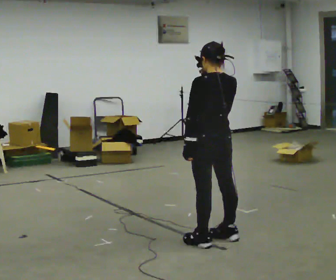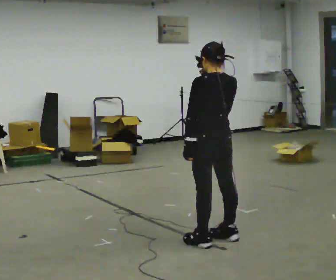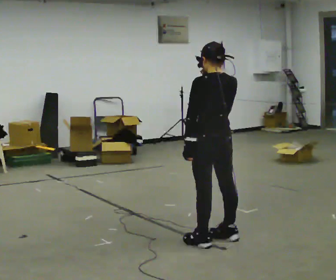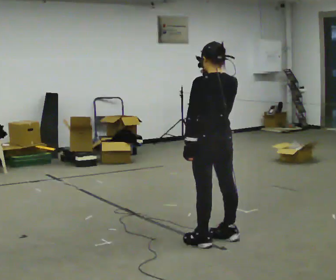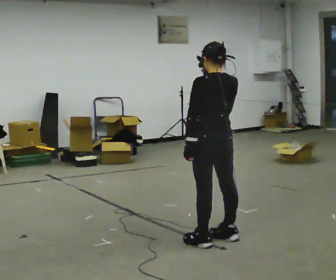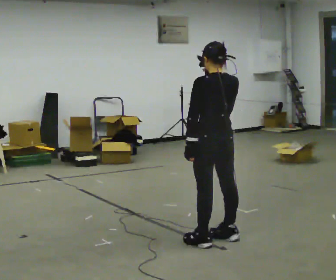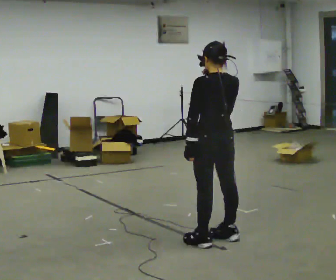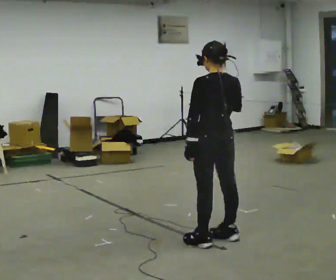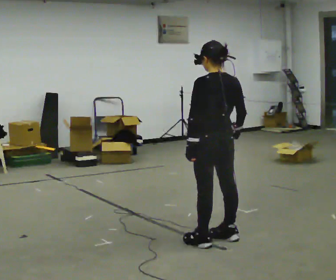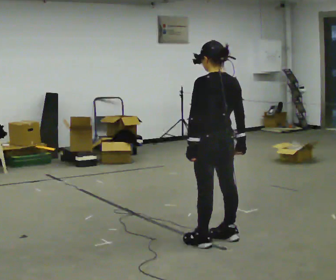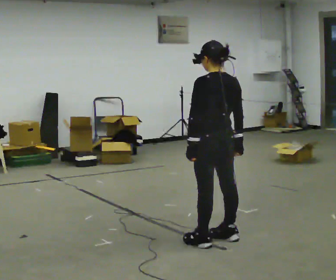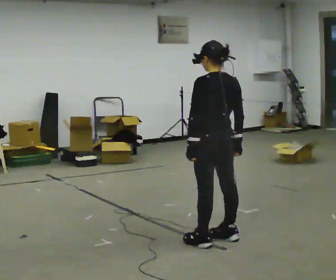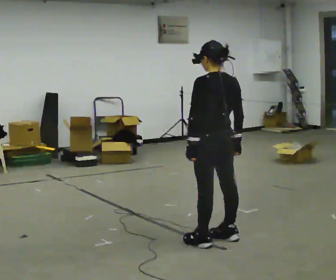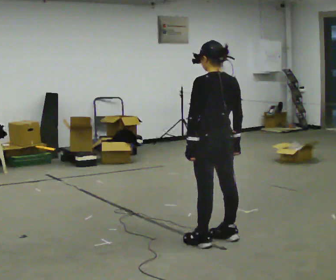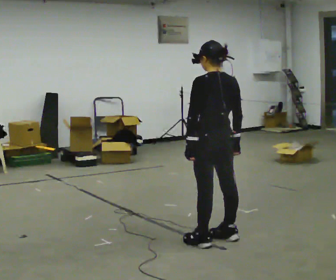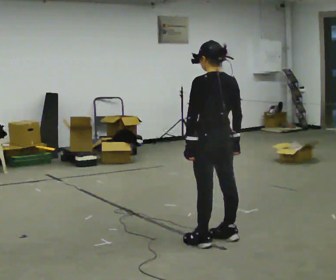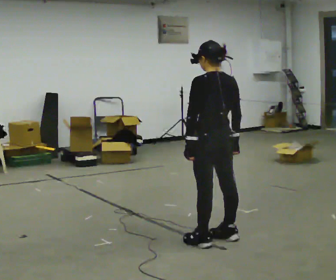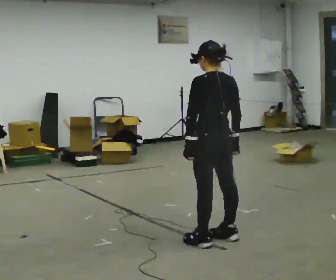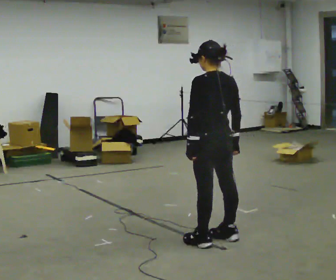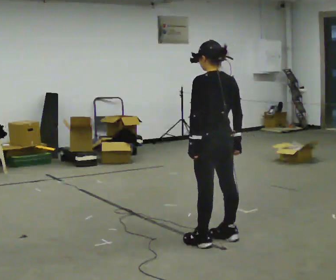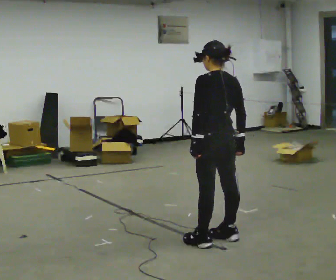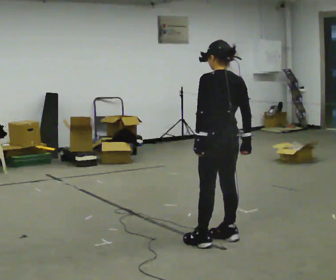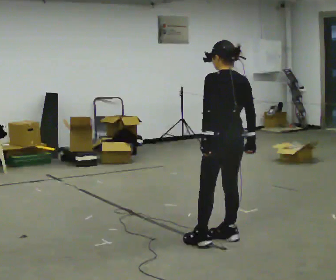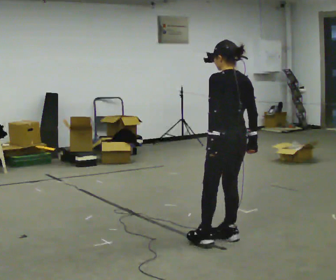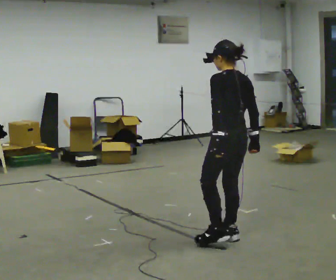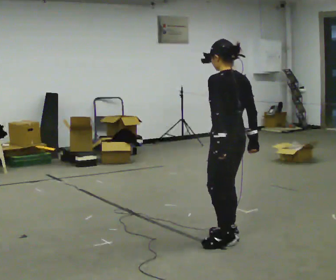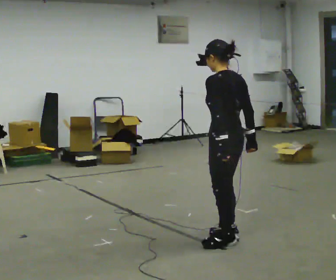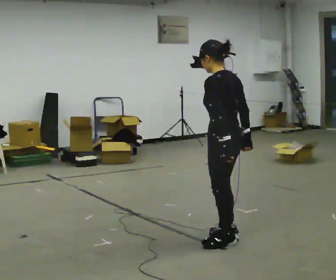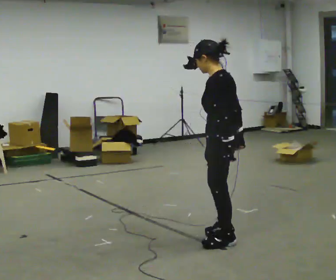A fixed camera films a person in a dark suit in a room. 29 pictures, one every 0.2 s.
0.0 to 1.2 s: The person keeps their place and pose.
1.2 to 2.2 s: In the picture their right hand goes downward.
2.2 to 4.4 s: The person moves a little, or ends about where they began.
4.4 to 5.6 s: The part of the body nearest the lens slides to the right as the person turns to their left by about 45 degrees.
The film runs backward here.
